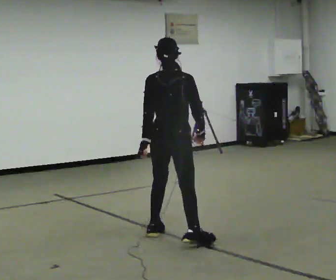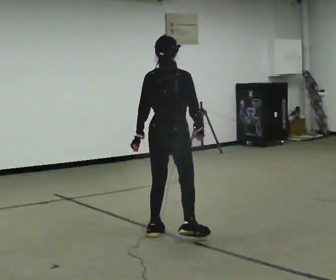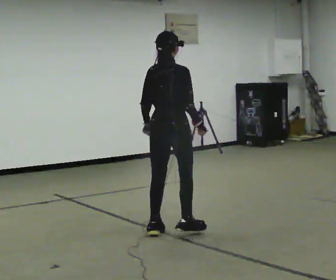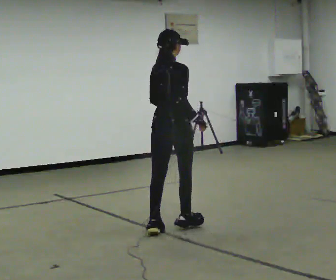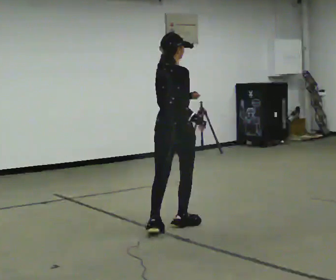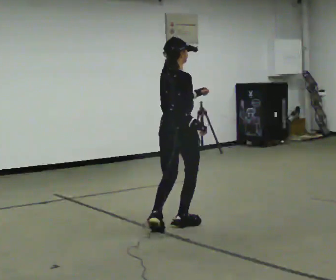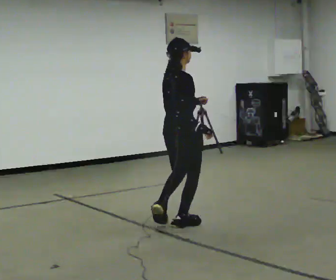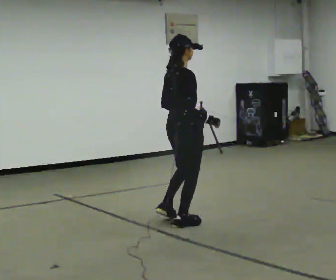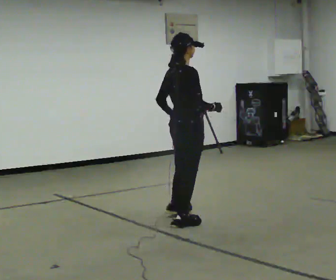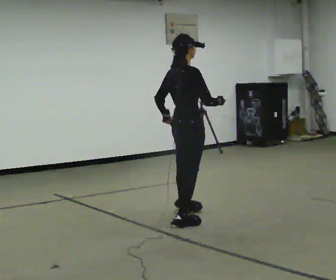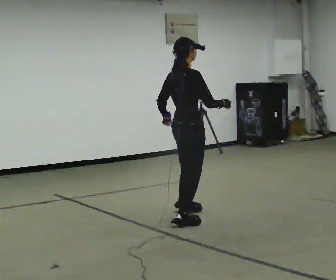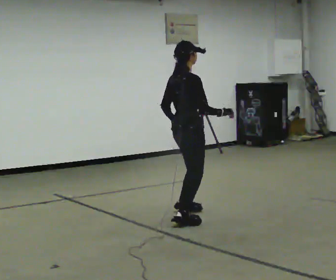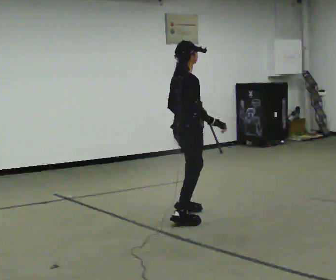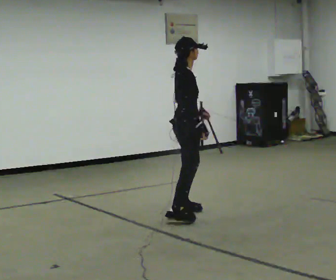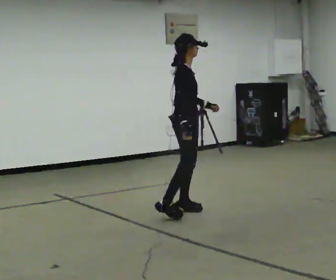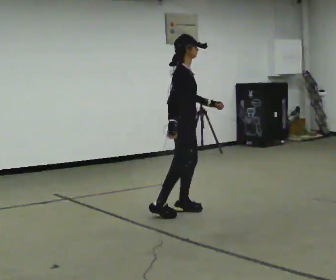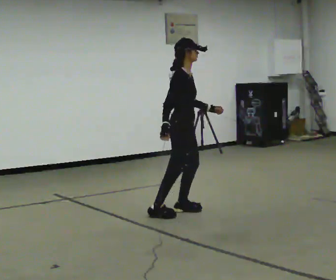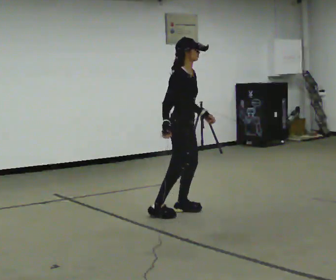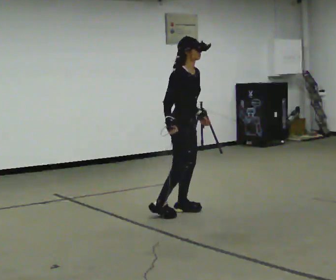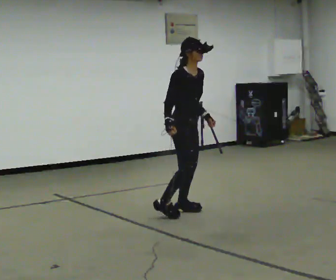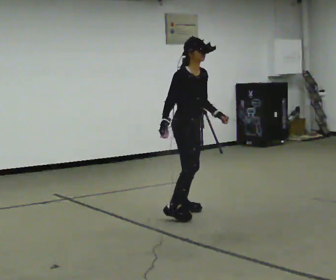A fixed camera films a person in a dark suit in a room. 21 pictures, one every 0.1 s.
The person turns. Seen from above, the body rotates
clockwise.
The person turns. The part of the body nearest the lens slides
to the left.
0.0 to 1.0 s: Seen from above the body turns clockwise, about 60 degrees: to their right, with its near side sliding to the left. In the picture they go away from the camera, about 0.5 m in 2 steps, which for them is forward and to their left.
1.0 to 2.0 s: Seen from above the body turns clockwise, about 60 degrees: to their right, with its near side sliding to the left. In the picture they go away from the camera, about 0.25 m in 1 step, which for them is to their left. In the picture their right hand goes to the left, the arm swinging clockwise.
The film runs forward here.
